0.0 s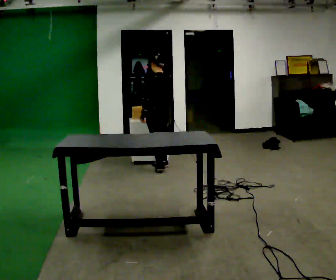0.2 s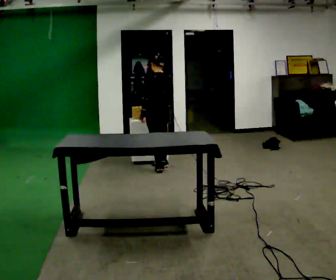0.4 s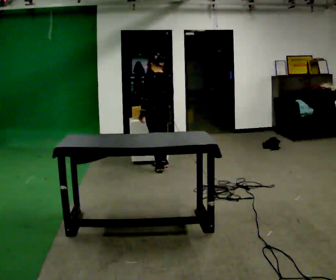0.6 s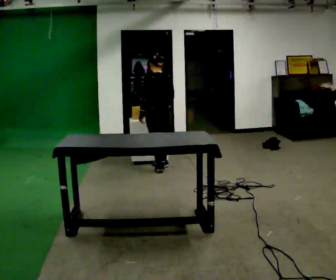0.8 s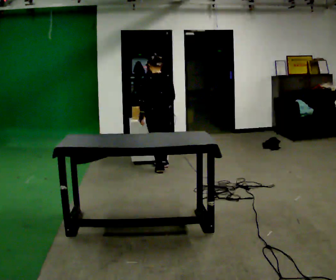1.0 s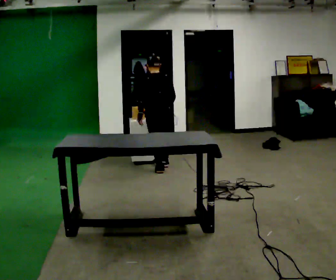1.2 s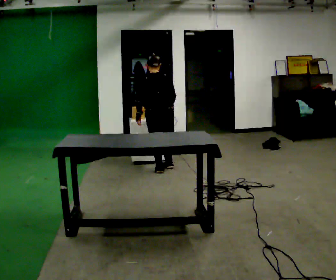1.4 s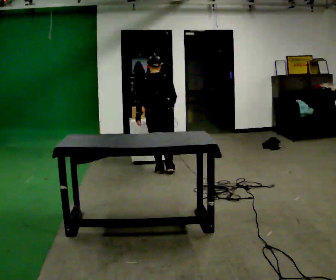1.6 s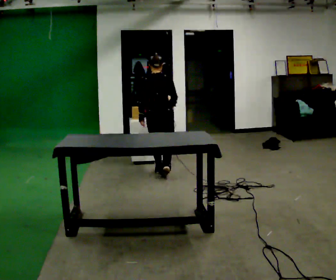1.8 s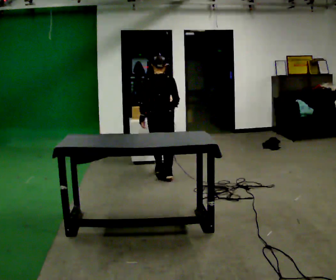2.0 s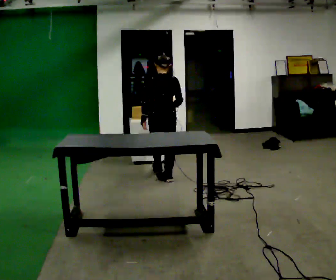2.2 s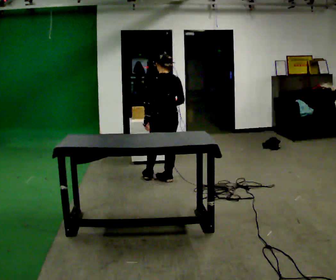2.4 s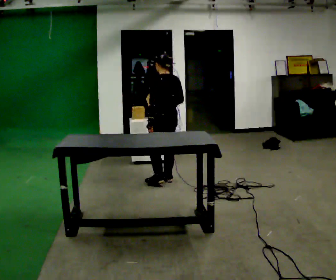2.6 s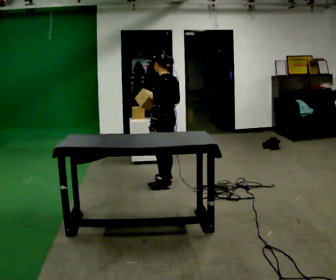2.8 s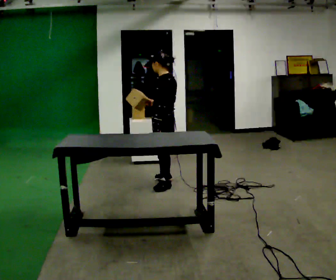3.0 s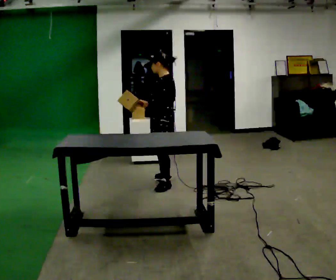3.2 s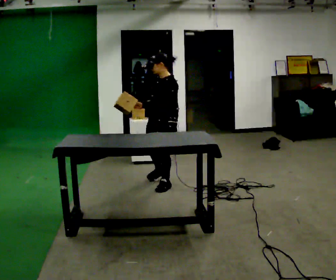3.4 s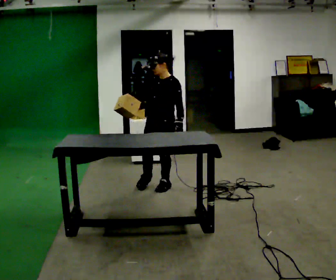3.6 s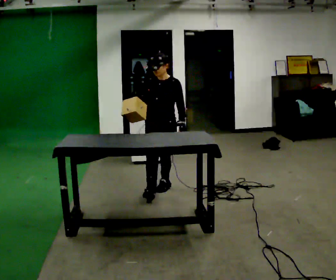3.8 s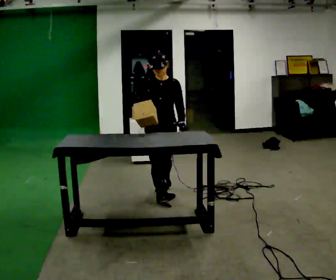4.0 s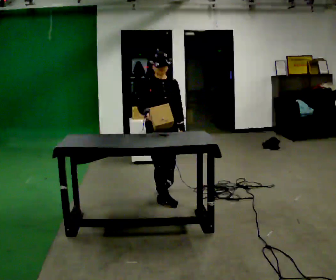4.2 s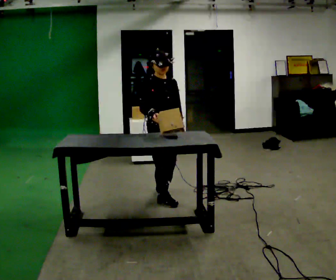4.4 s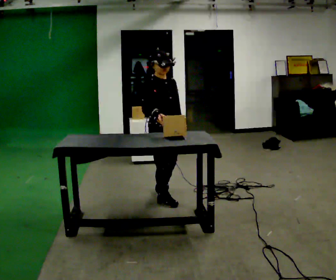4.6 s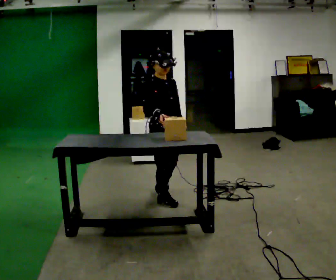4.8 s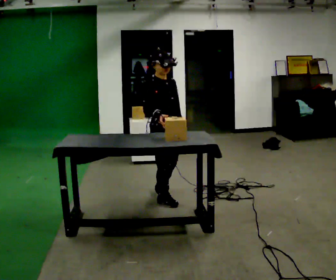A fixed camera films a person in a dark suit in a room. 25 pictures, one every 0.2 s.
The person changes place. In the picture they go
toward the camera.
0.0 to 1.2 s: The person turns about 30 degrees to their right, clockwise seen from above, so the part of the body nearest the lens slides to the left. In the picture they go toward the camera, about 0.25 m in 1 step, which for them is backward.
1.2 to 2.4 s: In the picture they go toward the camera, about 0.5 m in 1 step, which for them is backward.
2.4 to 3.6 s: The person turns about 120 degrees to their left, counterclockwise seen from above, so the part of the body nearest the lens slides to the right. In the picture they go toward the camera, about 0.5 m in 1 step.
3.6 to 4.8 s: The person turns about 75 degrees to their left, counterclockwise seen from above, so the part of the body nearest the lens slides to the right. In the picture they go toward the camera, about 0.5 m.
The film runs backward here.
